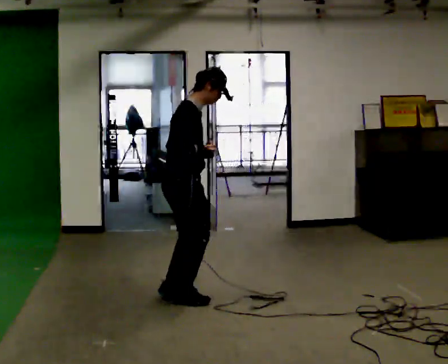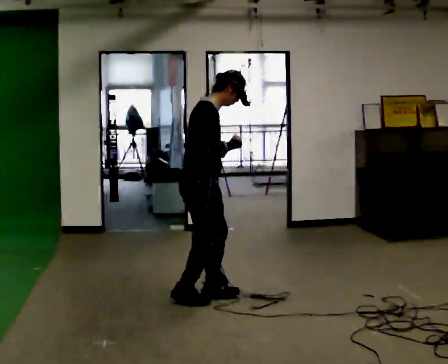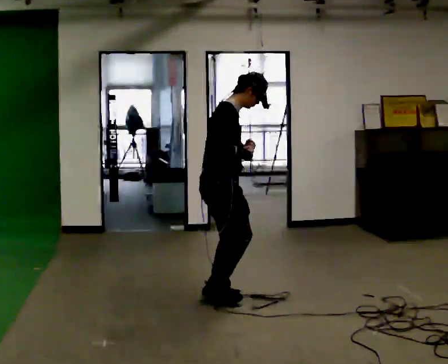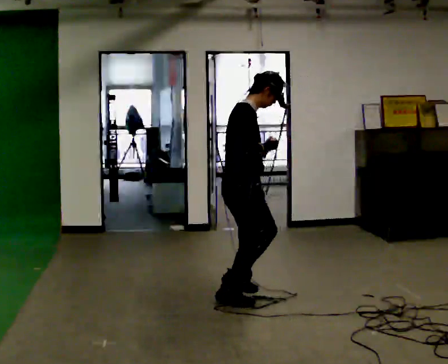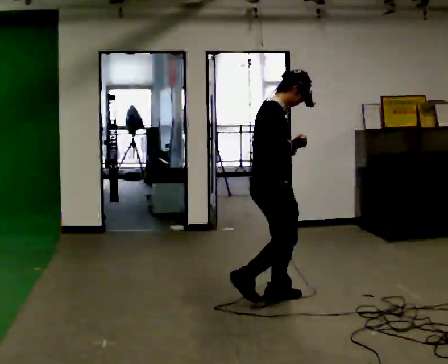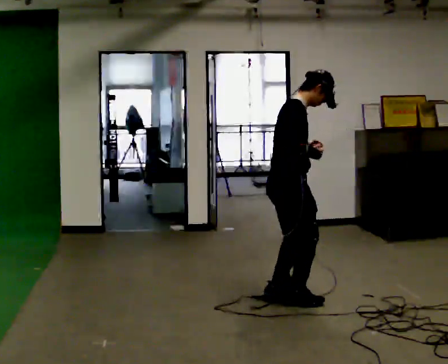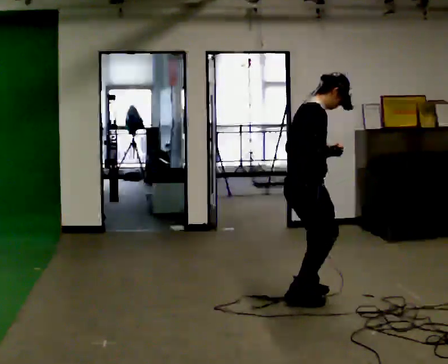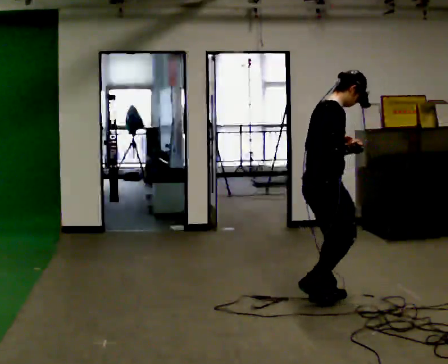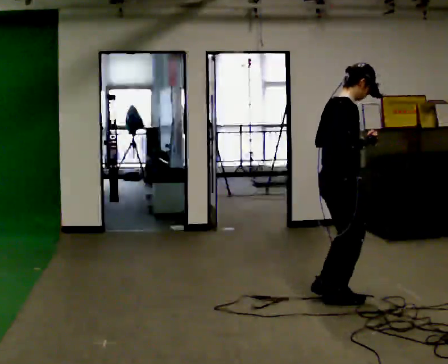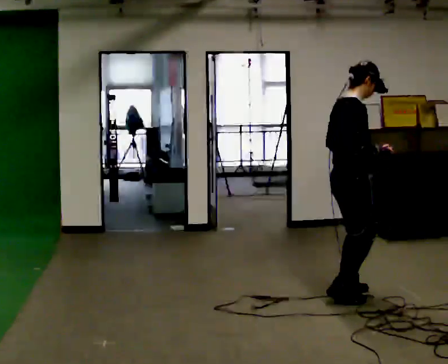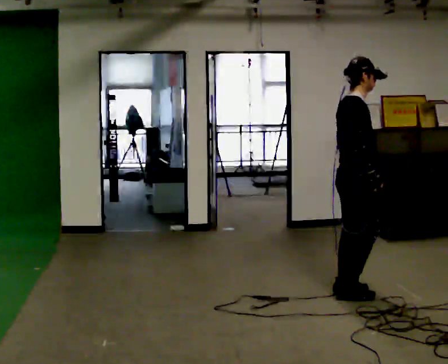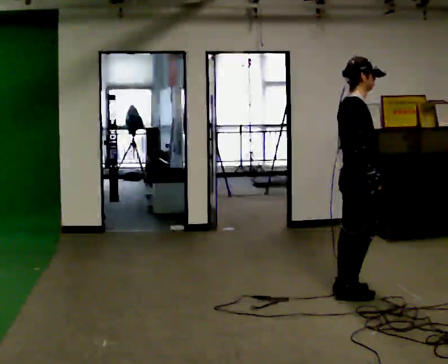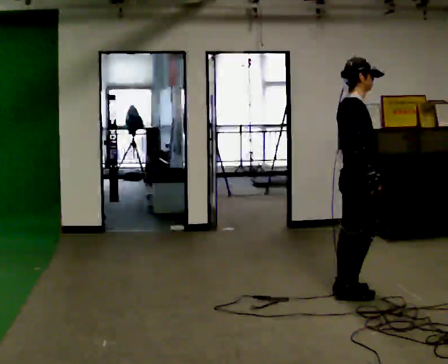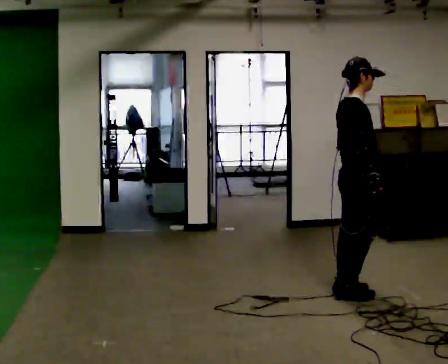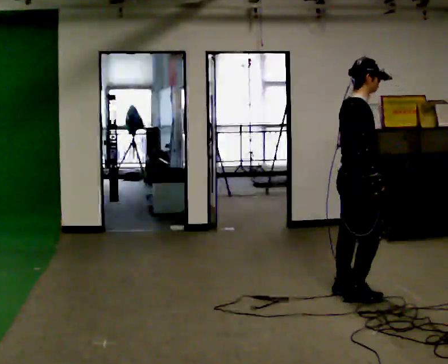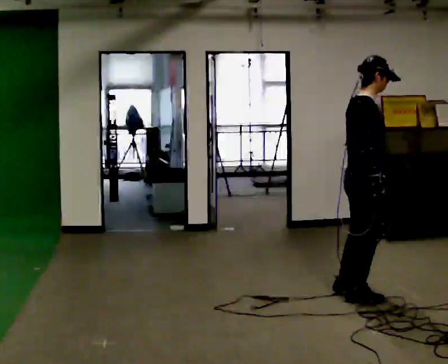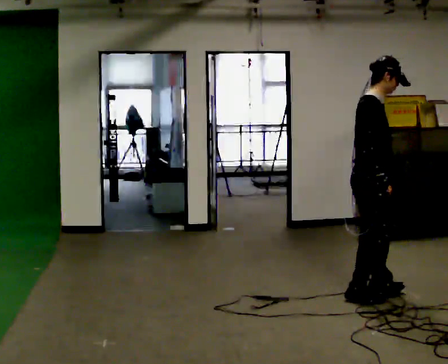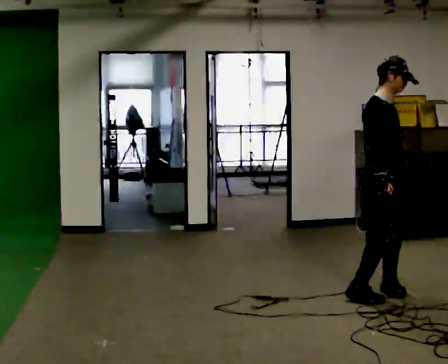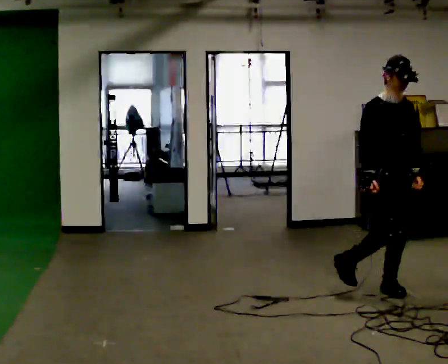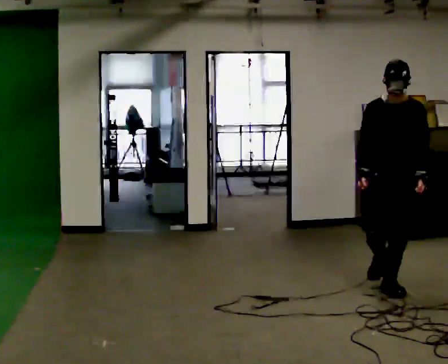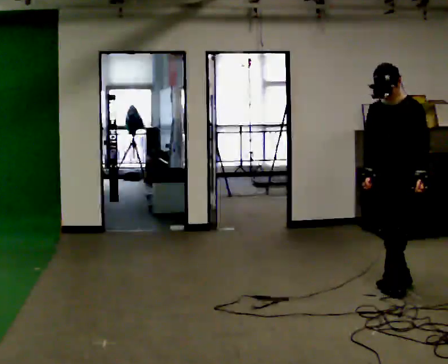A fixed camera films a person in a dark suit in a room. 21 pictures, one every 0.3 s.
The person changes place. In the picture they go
to the right.
0.0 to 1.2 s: In the picture they go to the right, about 0.5 m in 4 steps, which for them is forward.
1.2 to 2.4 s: In the picture they go to the right, about 0.5 m in 3 steps, which for them is forward.
2.4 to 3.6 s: In the picture they go away from the camera, about 0.25 m, which for them is forward and to their left. In the picture their right hand goes downward.
3.6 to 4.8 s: The person moves a little, or ends about where they began.
4.8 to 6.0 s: Seen from above the body turns clockwise, about 120 degrees: to their right, with its near side sliding to the left. In the picture they go away from the camera and to the right, about 0.25 m in 1 step.
The film runs backward here.
